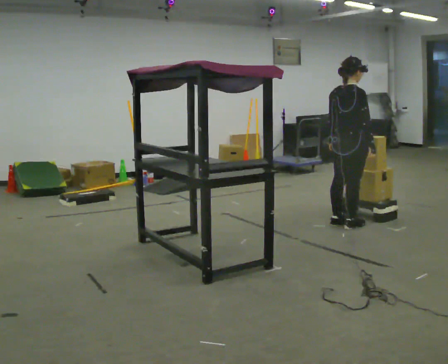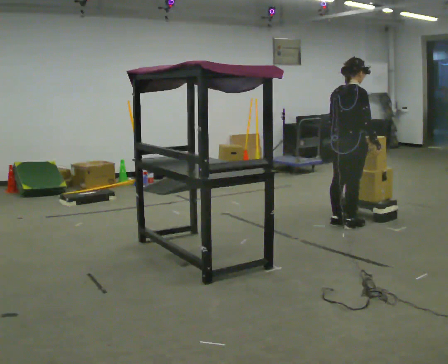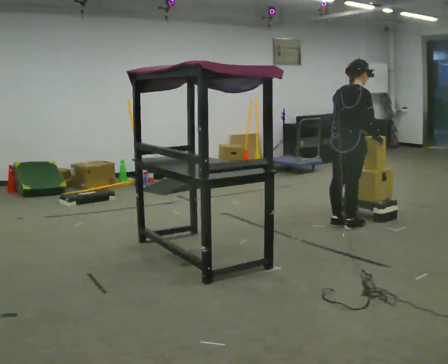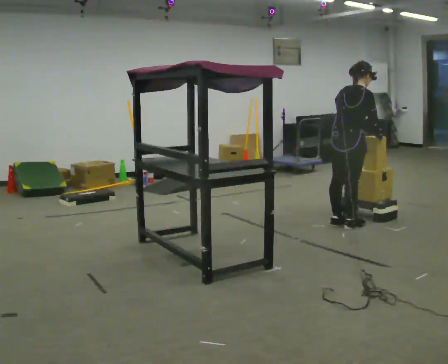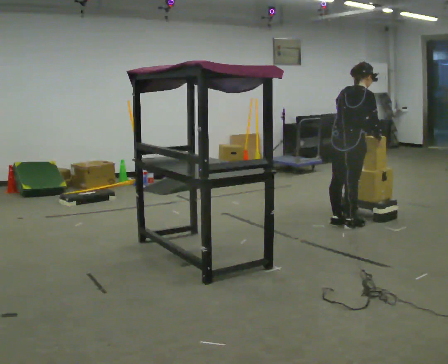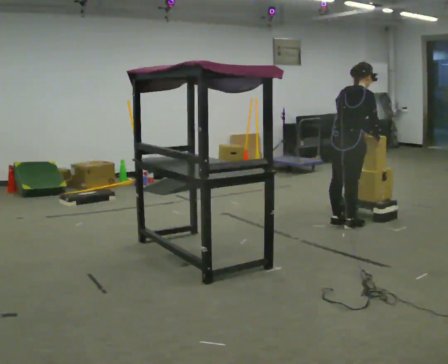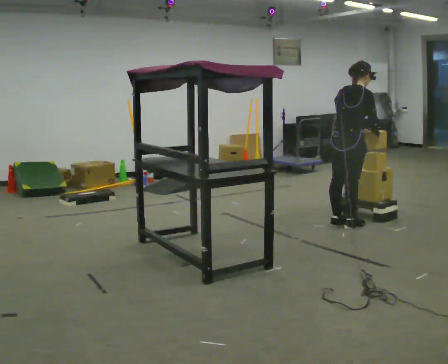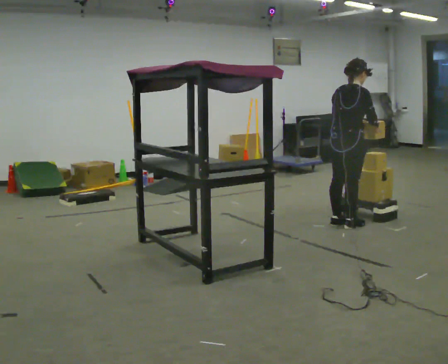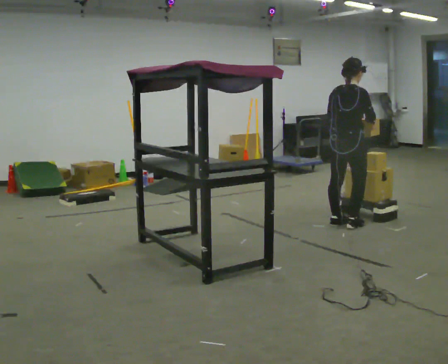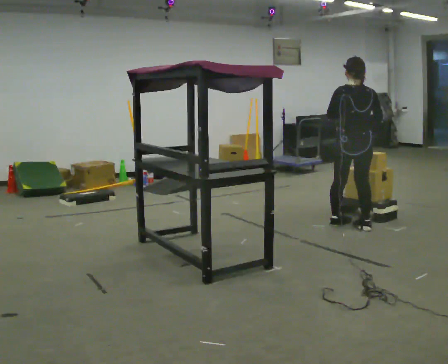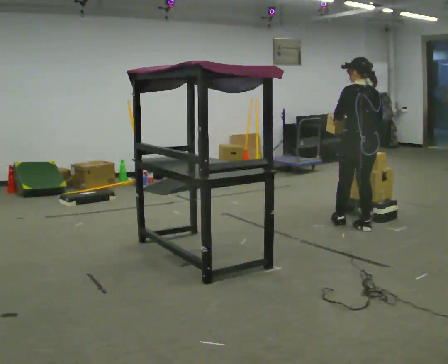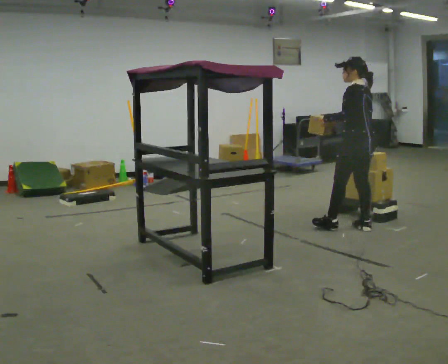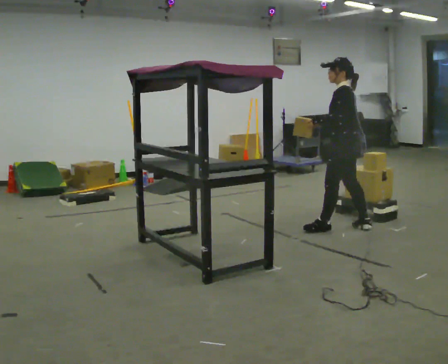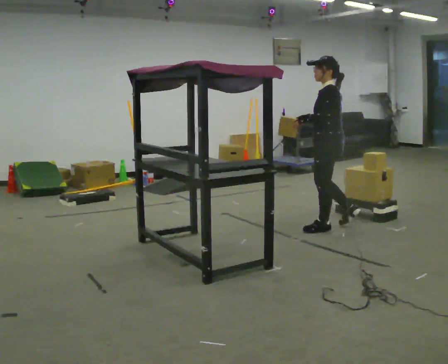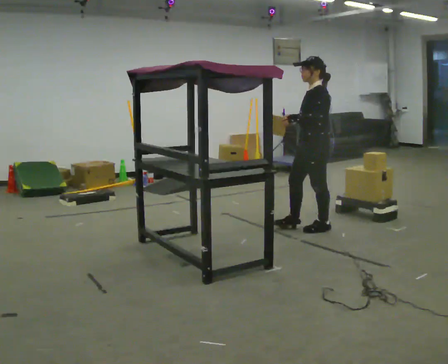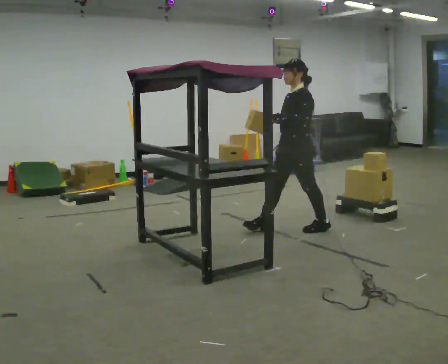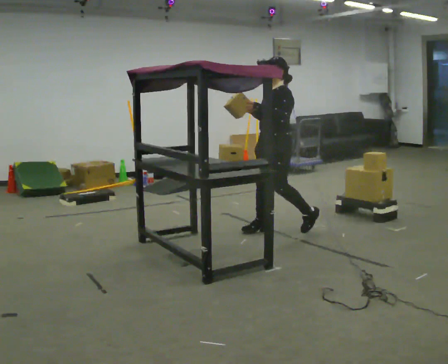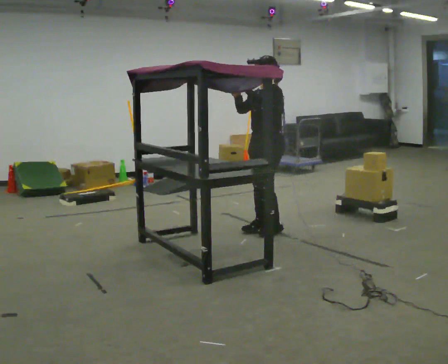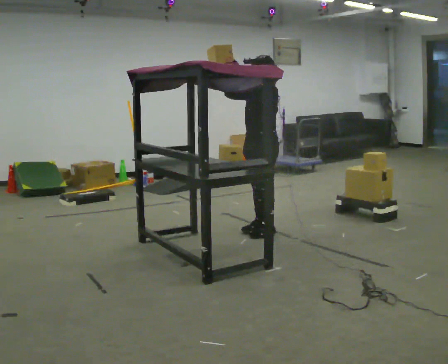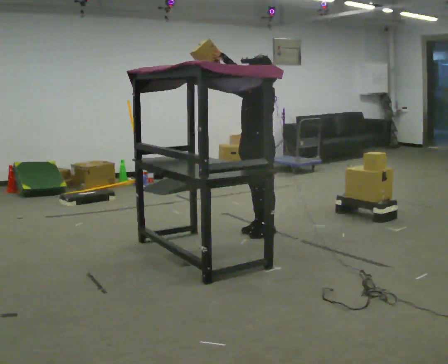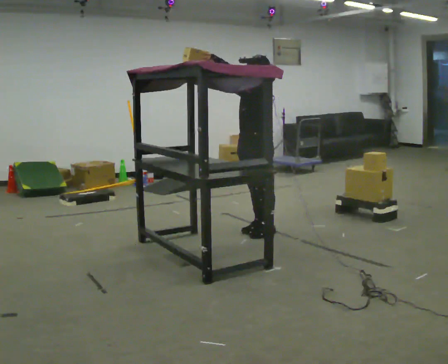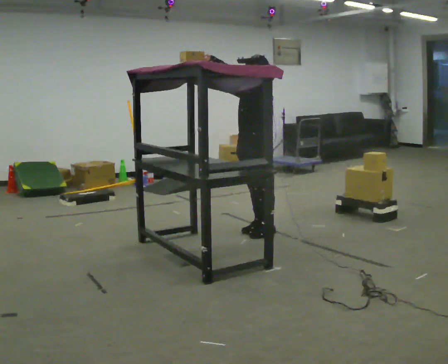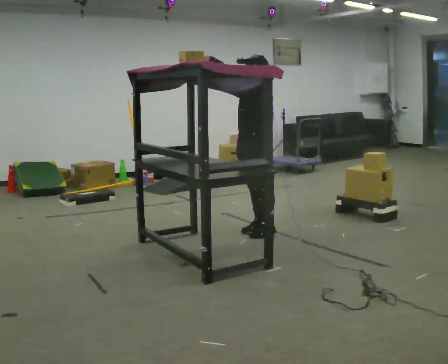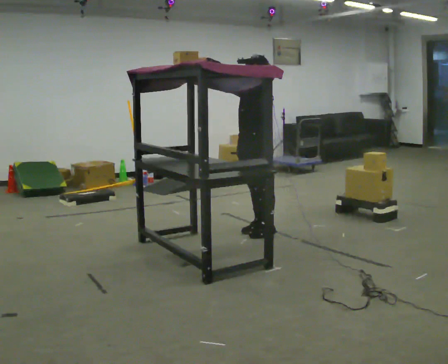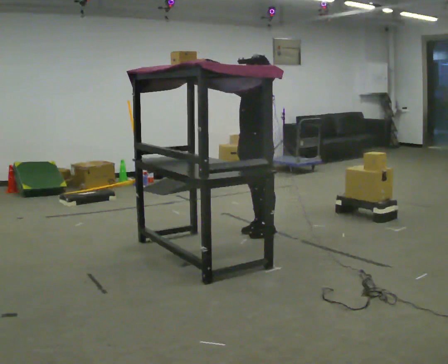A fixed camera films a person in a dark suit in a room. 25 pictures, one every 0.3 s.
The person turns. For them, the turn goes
to their left.
Their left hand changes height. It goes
upward.
0.0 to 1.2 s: In the picture the upper body tilts clockwise, shoulders to the right, as they bend forward.
1.2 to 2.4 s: The person moves a little, or ends about where they began.
2.4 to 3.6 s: Seen from above the body turns counterclockwise, about 120 degrees: to their left, with its near side sliding to the right. In the picture their left hand goes to the left.
3.6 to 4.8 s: The part of the body nearest the lens slides to the right as the person turns to their left by about 45 degrees. In the picture they go to the left, about 0.5 m in 1 step, which for them is forward.
4.8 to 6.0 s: In the picture they go to the left, about 0.25 m in 1 step, which for them is forward. In the picture their right hand goes upward and to the left.
6.0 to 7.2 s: The person moves a little, or ends about where they began.
The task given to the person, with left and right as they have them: Take an object from the highest shelf you can comfortably reach, carry it across, and place it on the lowest shelf. Keep going until the operator says stop; one object at a time, and do not rush between trips.
The film runs forward here.
